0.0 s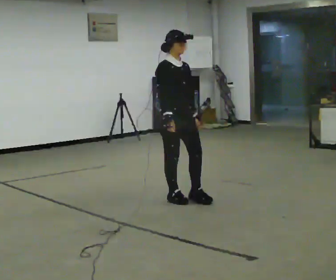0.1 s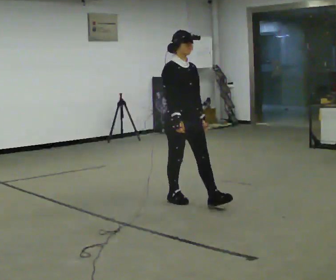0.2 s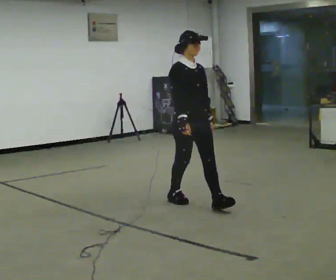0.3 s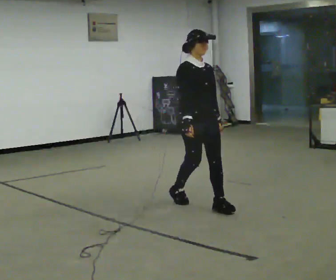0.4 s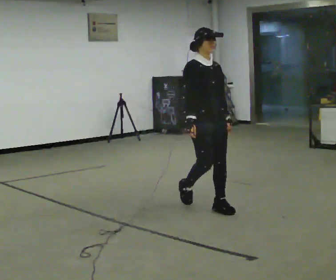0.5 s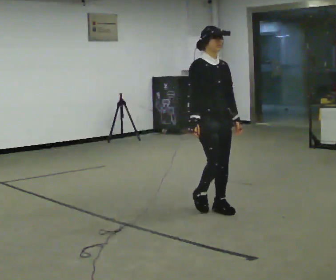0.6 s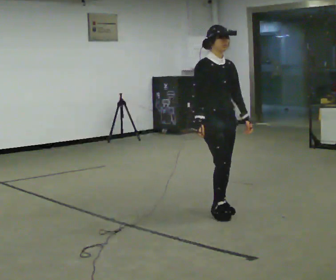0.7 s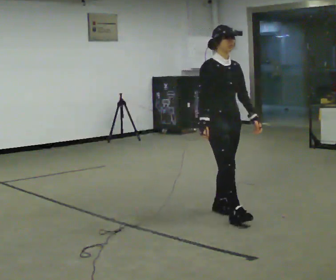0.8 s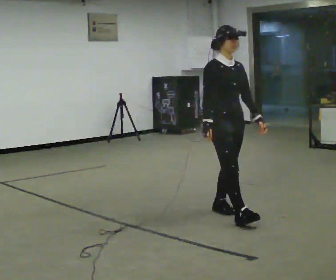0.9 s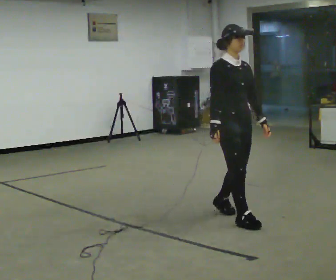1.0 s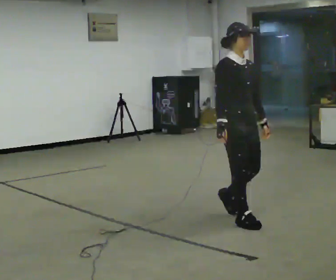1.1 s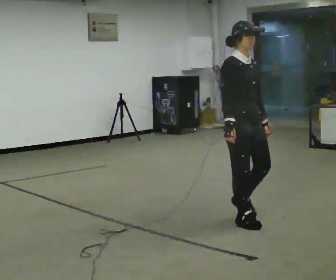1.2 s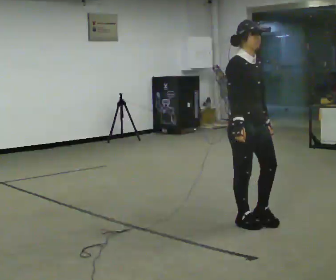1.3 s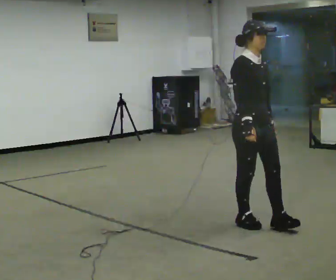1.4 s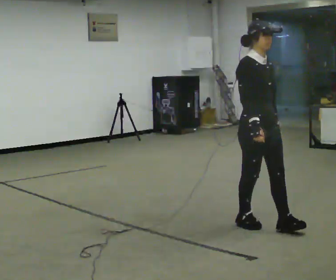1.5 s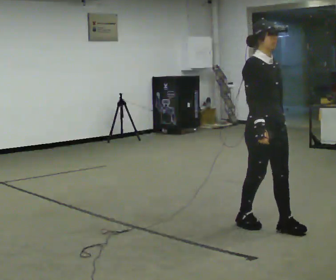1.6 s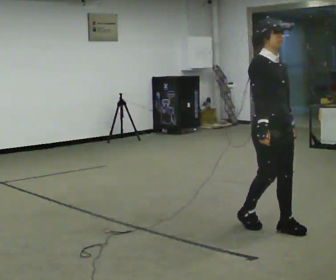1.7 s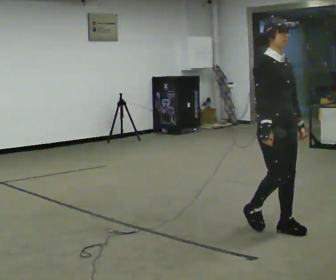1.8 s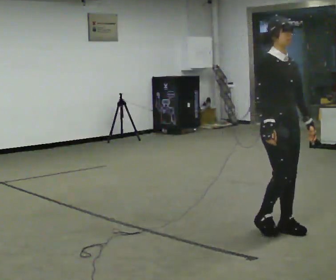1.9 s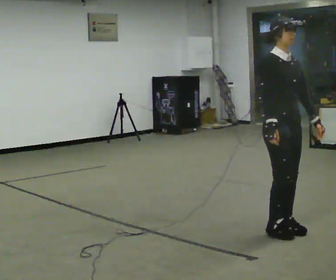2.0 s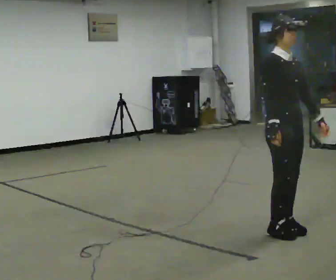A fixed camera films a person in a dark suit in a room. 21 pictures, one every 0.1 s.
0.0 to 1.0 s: In the picture they go toward the camera and to the right, about 1 m in 2 steps, which for them is forward.
1.0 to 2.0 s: In the picture they go to the right and toward the camera, about 0.5 m in 2 steps, which for them is forward.
The film runs forward here.
